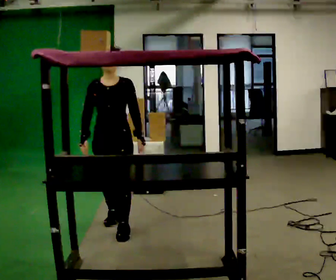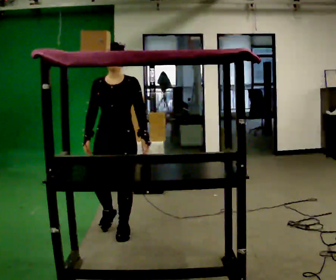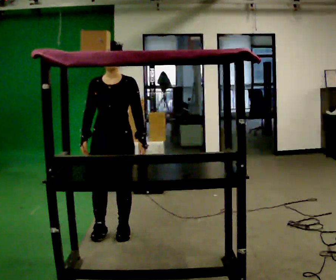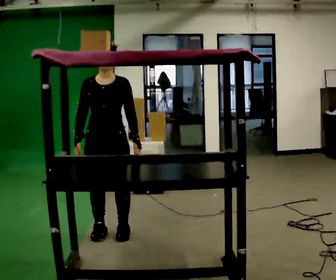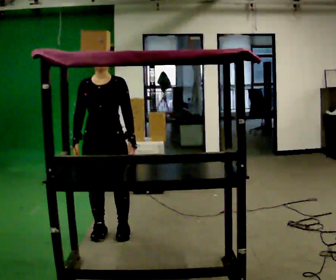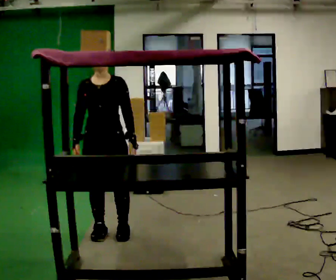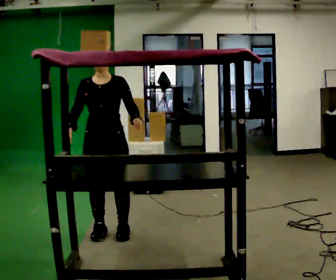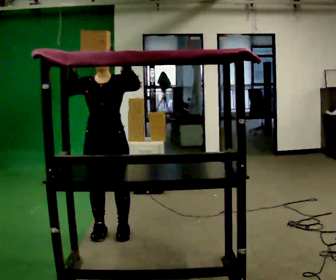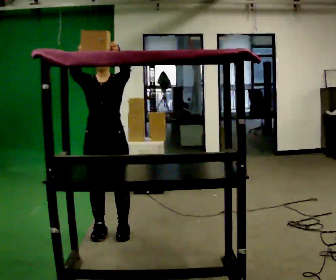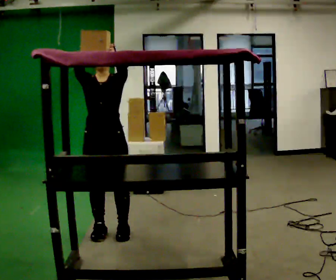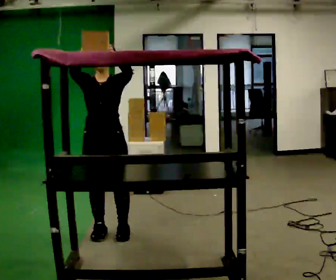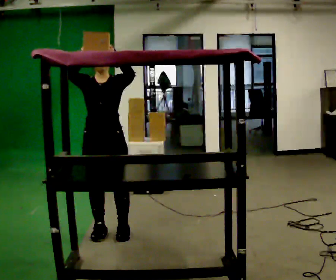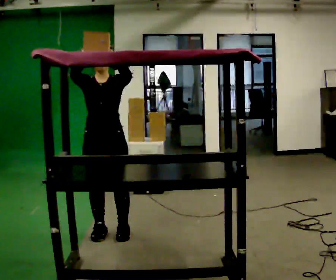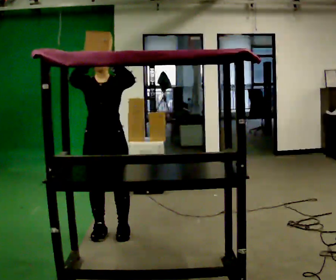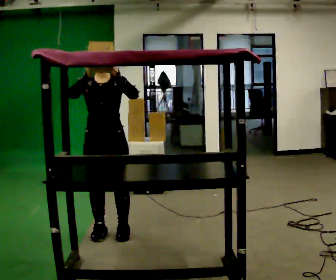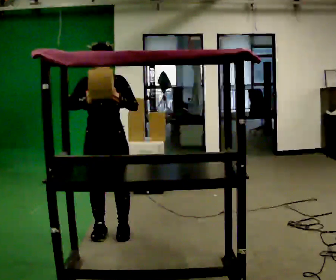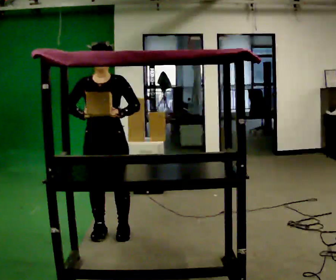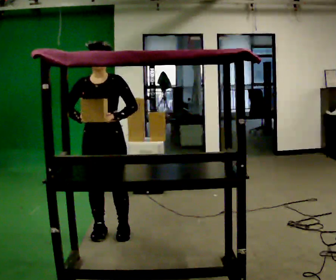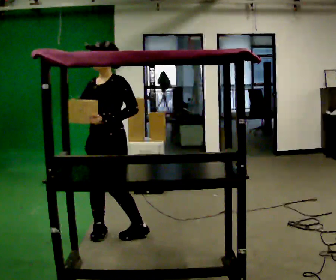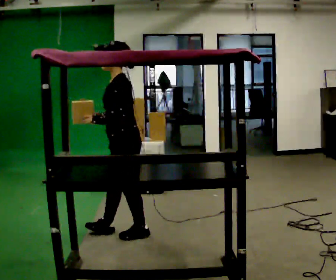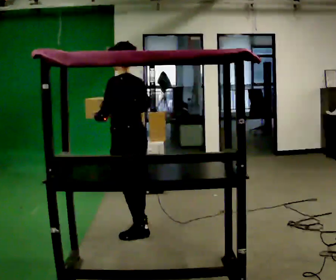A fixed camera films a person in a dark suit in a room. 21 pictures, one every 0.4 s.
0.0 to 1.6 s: In the picture they go toward the camera, about 0.25 m in 1 step, which for them is forward.
1.6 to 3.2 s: In the picture their right hand goes upward.
3.2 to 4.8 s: The person moves a little, or ends about where they began.
4.8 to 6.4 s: In the picture their right hand goes downward.
6.4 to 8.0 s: The person turns about 135 degrees to their right, clockwise seen from above, so the part of the body nearest the lens slides to the left. In the picture they go to the right, about 0.25 m in 2 steps.
The film runs forward here.
